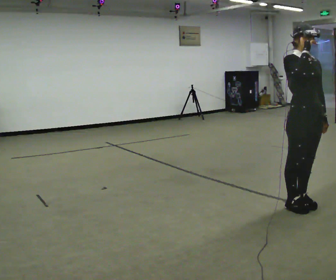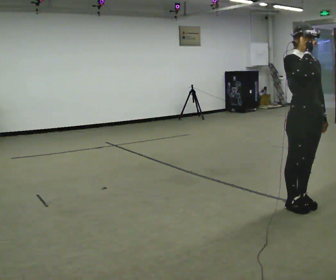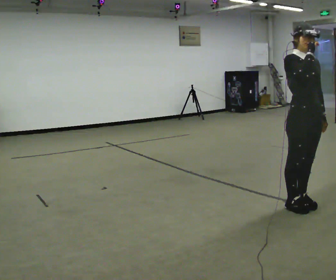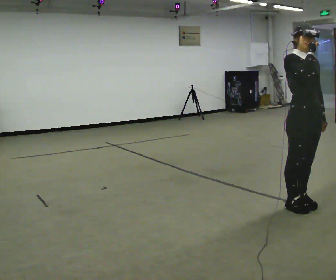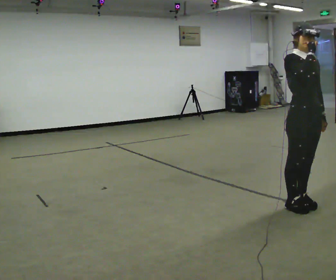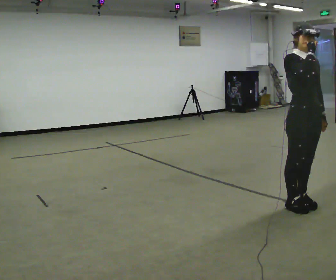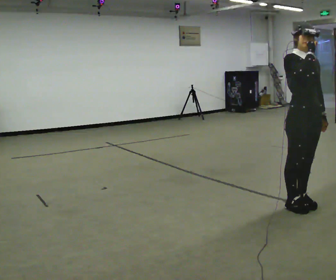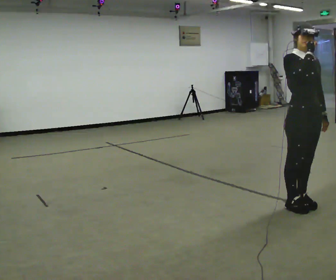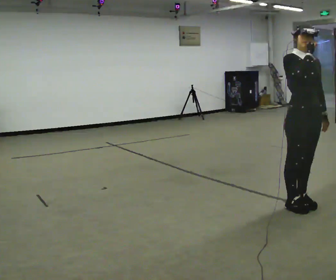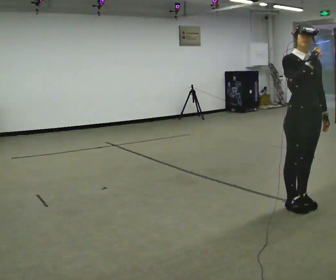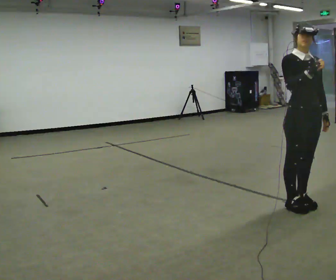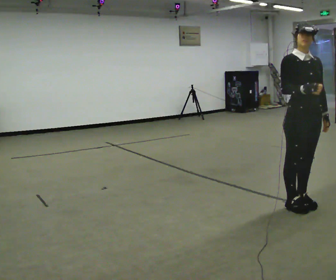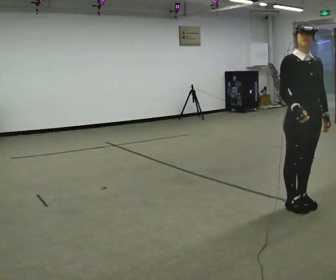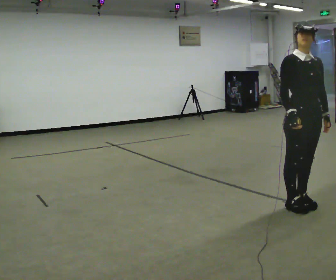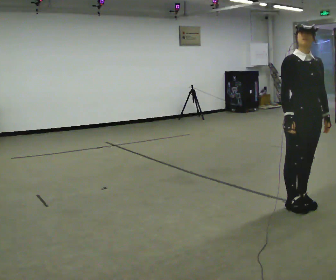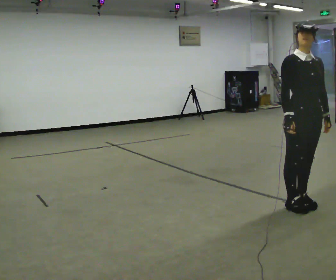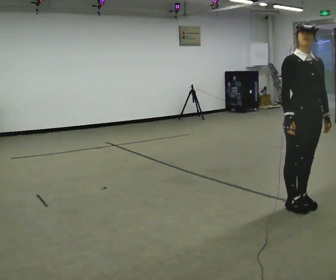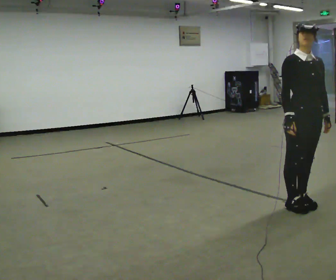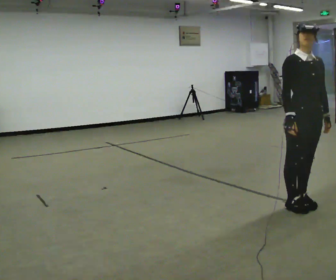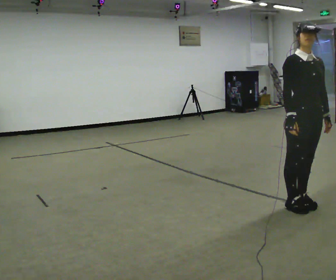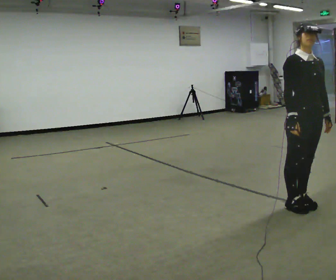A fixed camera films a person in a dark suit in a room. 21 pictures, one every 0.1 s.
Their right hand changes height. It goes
downward.
0.0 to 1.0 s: The person moves a little, or ends about where they began.
1.0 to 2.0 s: In the picture their right hand goes downward.
The film runs backward here.
